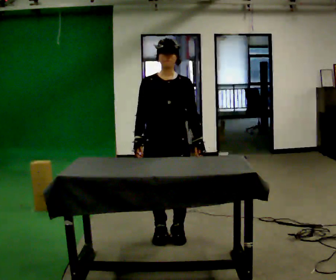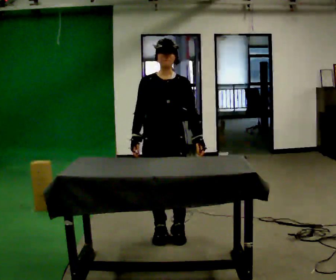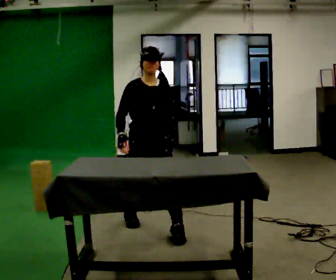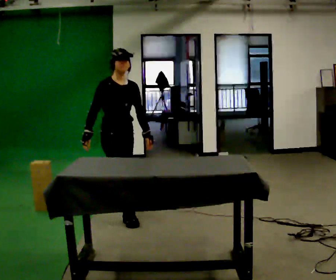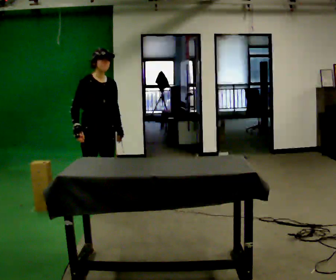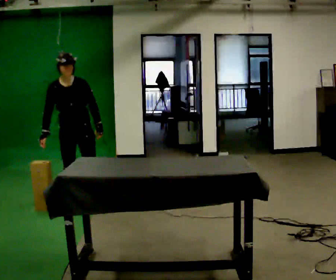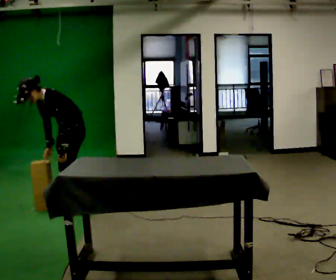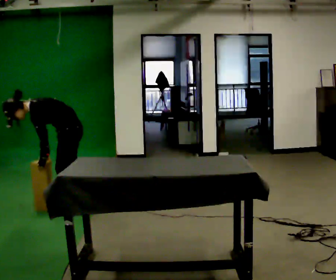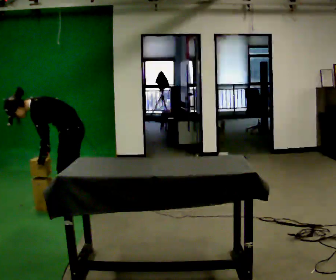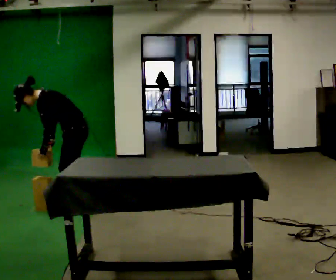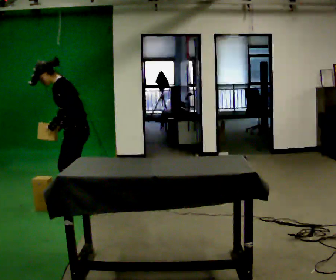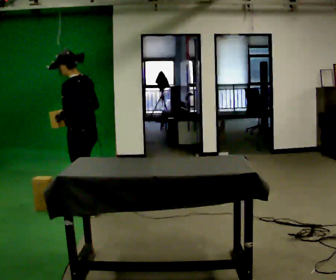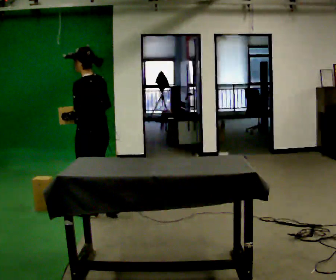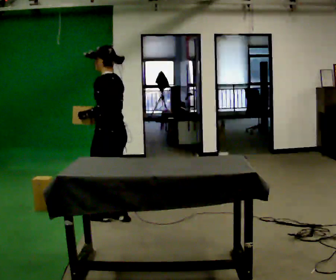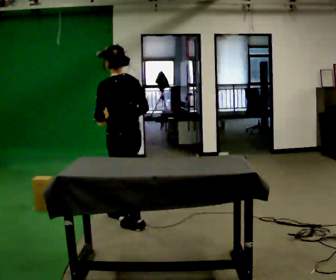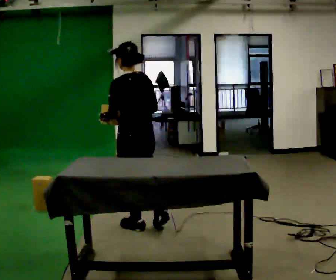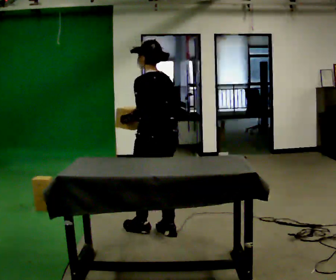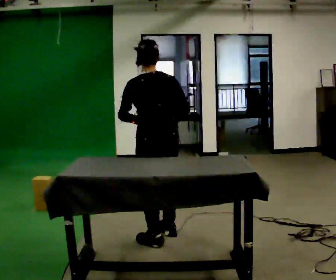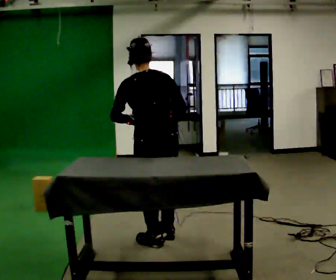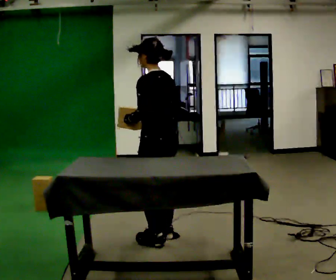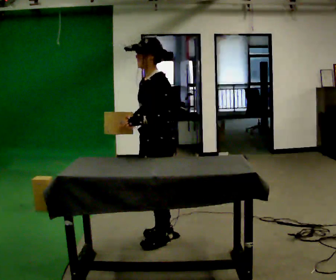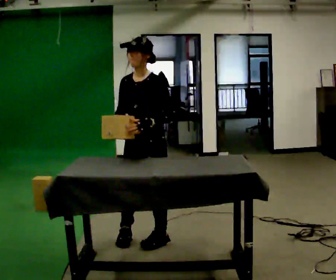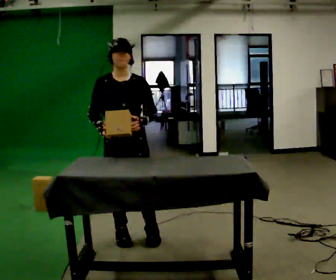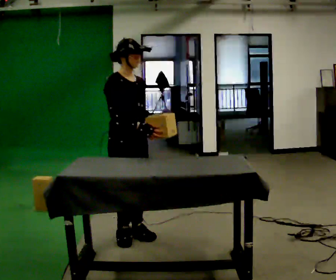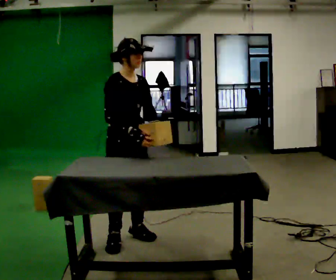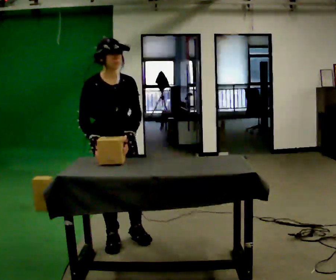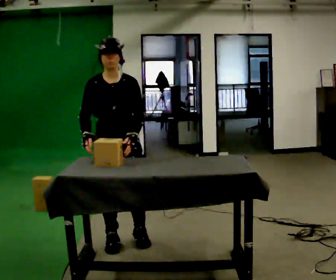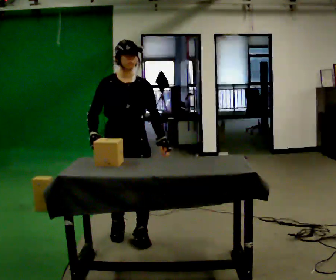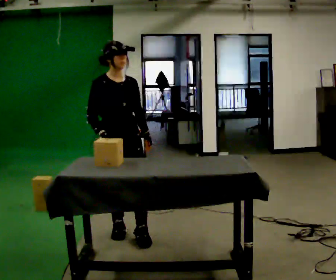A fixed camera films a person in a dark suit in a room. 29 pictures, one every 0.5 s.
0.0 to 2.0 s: The part of the body nearest the lens slides to the right as the person turns to their left by about 30 degrees. In the picture they go away from the camera and to the left, about 1 m in 3 steps, which for them is backward and to their right.
2.0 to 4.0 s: The part of the body nearest the lens slides to the left as the person turns to their right by about 120 degrees. In the picture they go to the left, about 0.25 m in 1 step. The upper body goes downward. In the picture the upper body tilts counterclockwise, shoulders to the left, as they bend forward. In the picture their right hand goes to the left.
4.0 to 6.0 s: The person turns about 45 degrees to their right, clockwise seen from above, so the part of the body nearest the lens slides to the left. In the picture they go to the right and toward the camera, about 0.25 m in 2 steps, which for them is to their left and backward. The shoulders move upward. In the picture the upper body tilts clockwise, shoulders to the right, as they lean back or straighten. In the picture their left hand goes upward.
6.0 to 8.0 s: In the picture they go toward the camera and to the right, about 1 m in 3 steps, which for them is backward.
8.0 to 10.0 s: Seen from above the body turns counterclockwise, about 60 degrees: to their left, with its near side sliding to the right. In the picture they go toward the camera, about 0.25 m.
10.0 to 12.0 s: The person turns about 120 degrees to their left, counterclockwise seen from above, so the part of the body nearest the lens slides to the right. In the picture they go to the left, about 0.25 m in 2 steps.
12.0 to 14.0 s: The person moves a little, or ends about where they began.
The film runs backward here.
